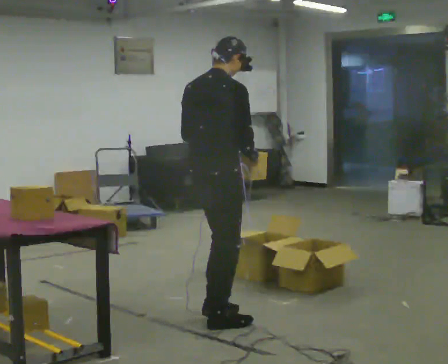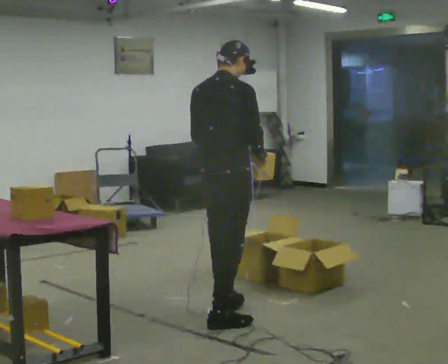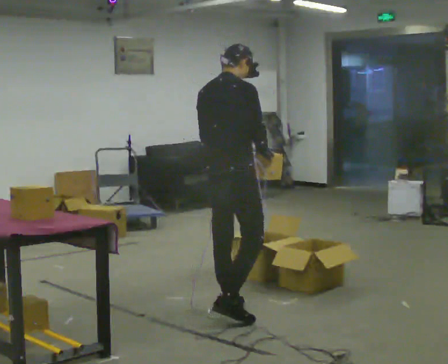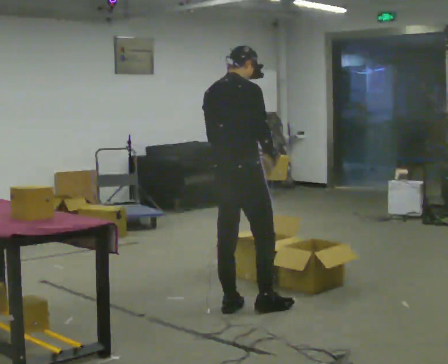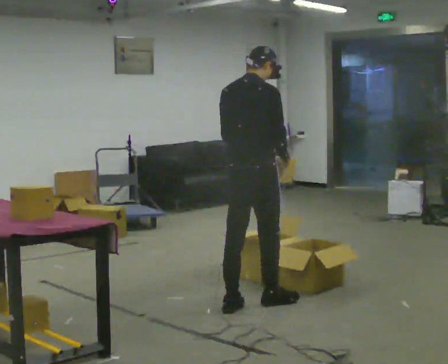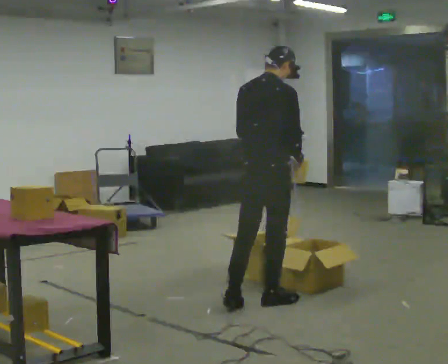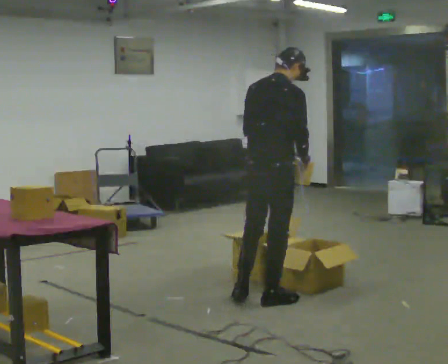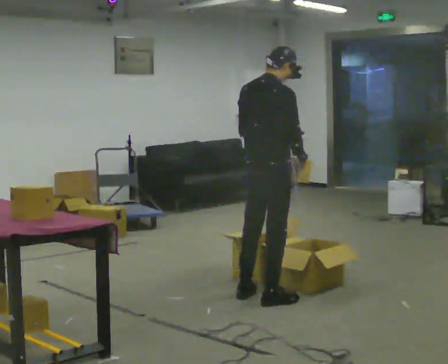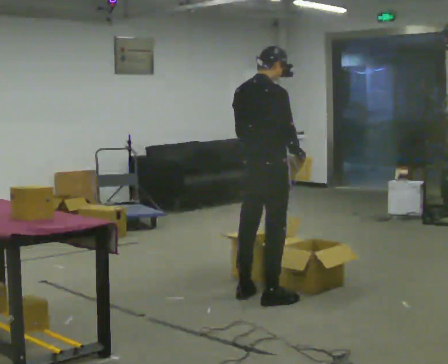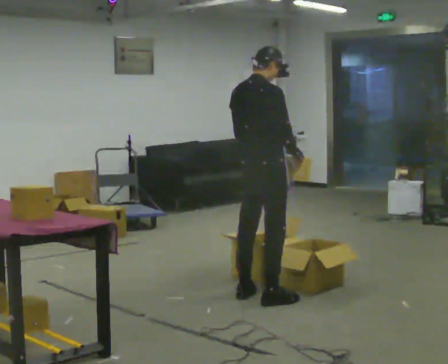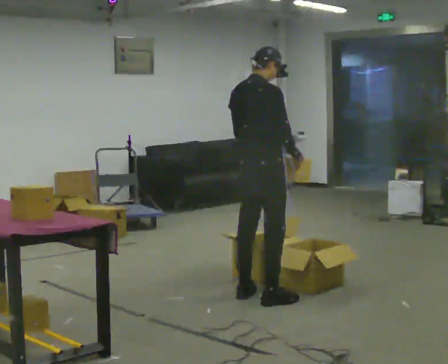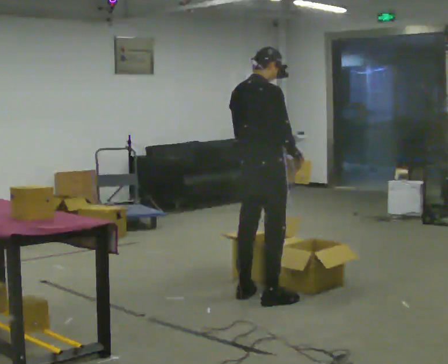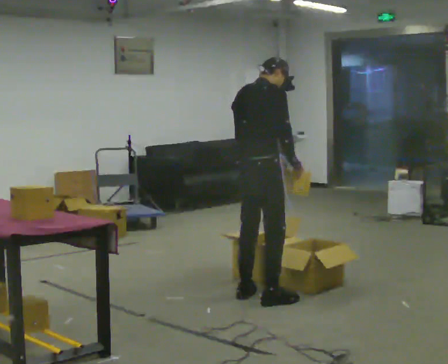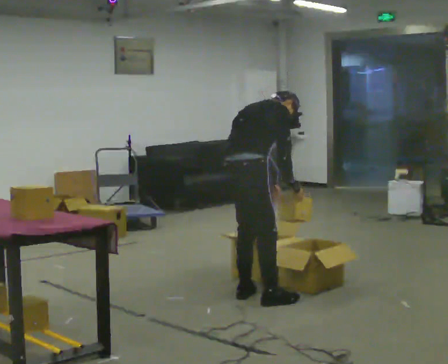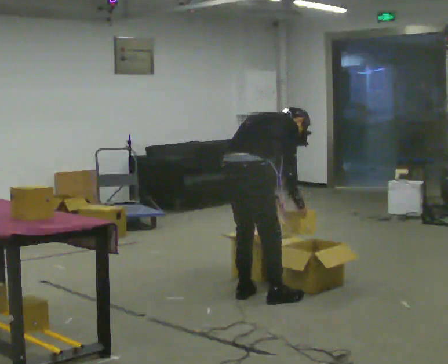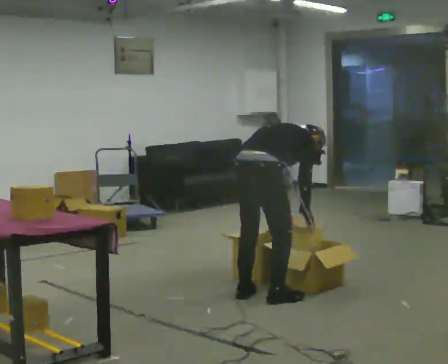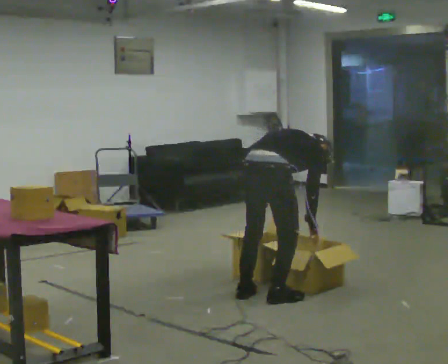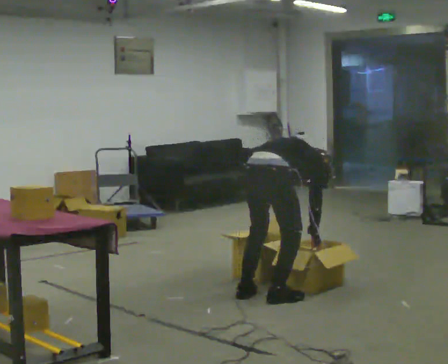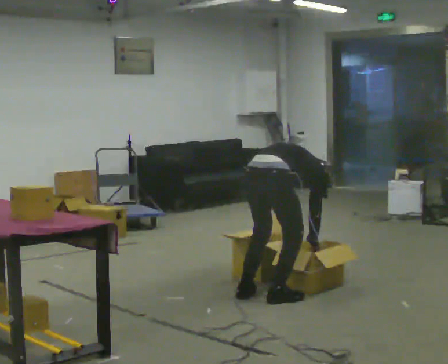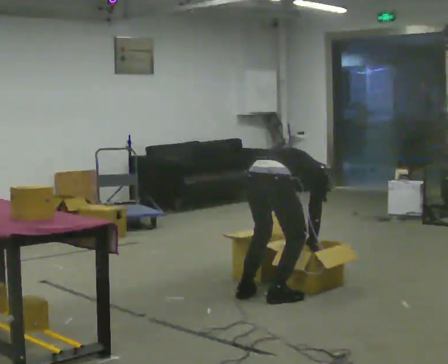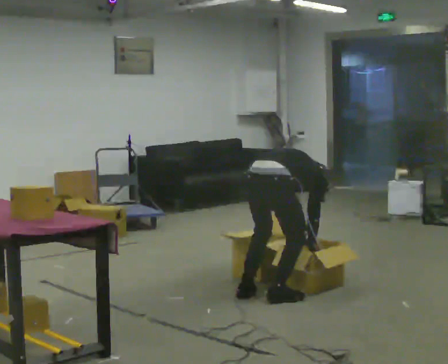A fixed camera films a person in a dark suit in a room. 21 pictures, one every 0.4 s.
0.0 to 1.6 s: In the picture they go away from the camera and to the right, about 0.5 m in 2 steps, which for them is forward.
1.6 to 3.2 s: In the picture they go away from the camera, about 0.25 m in 1 step, which for them is forward.
3.2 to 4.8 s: The upper body tips away from the camera, its near side rolling upward, as they bend forward.
4.8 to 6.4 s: The shoulders move downward. In the picture the upper body tilts clockwise, shoulders to the right, as they bend forward. In the picture their right hand goes downward.
6.4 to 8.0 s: The person moves a little, or ends about where they began.
The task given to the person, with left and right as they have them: 1. Look at the shelf and see which spaces are empty. 2. Find matching items in the bins on the floor. 3. Fill the empty spaces on the shelf. 4. Tell the operator when you are finished.
The film runs forward here.
